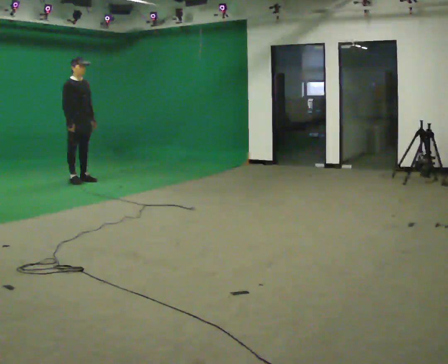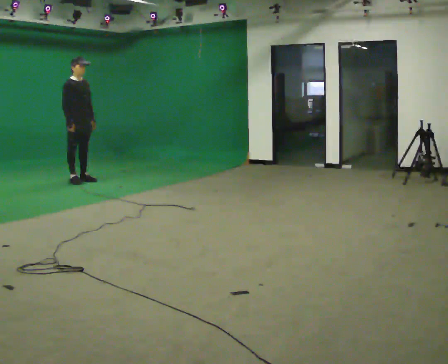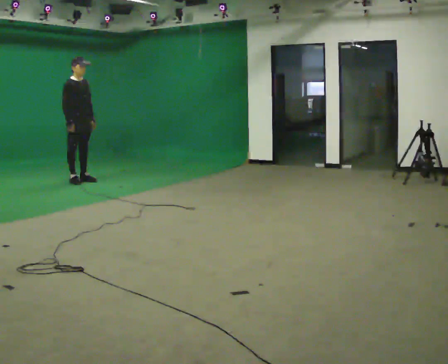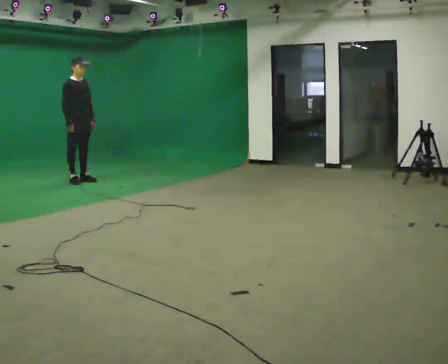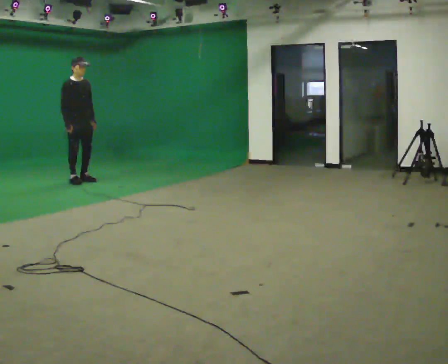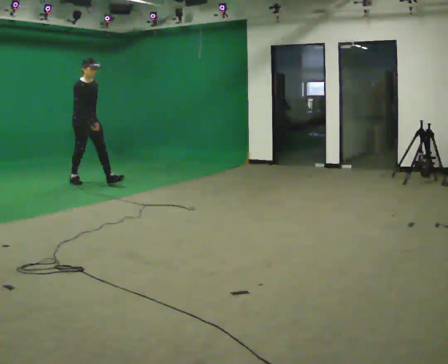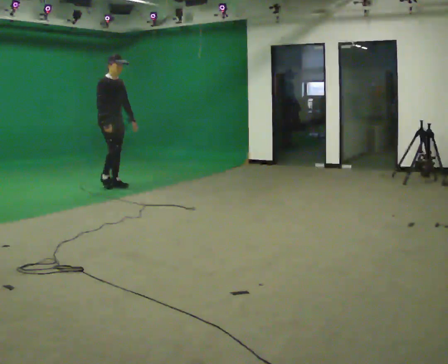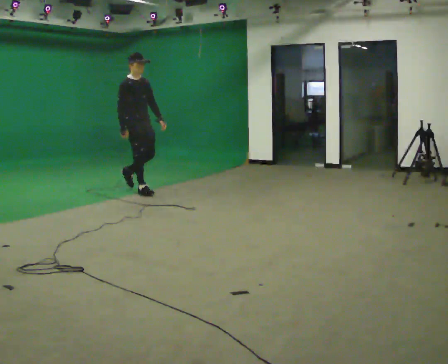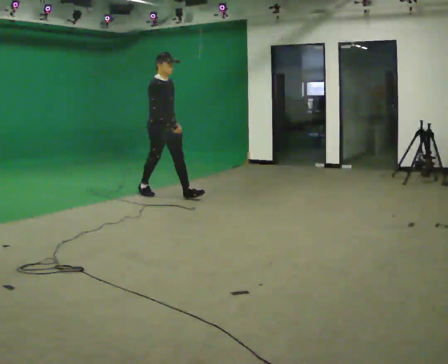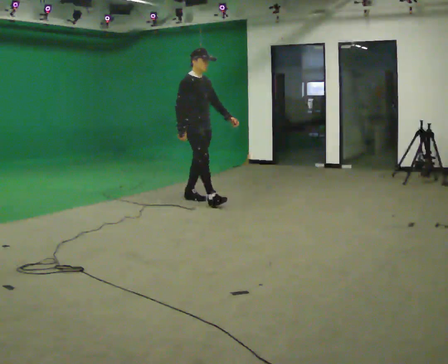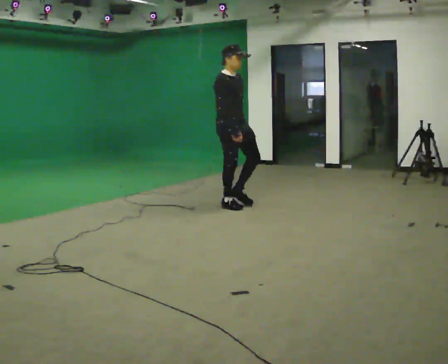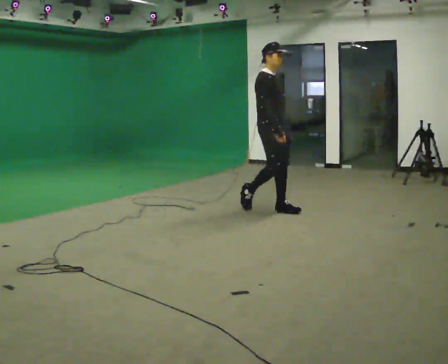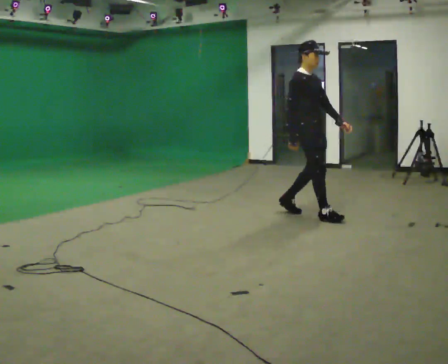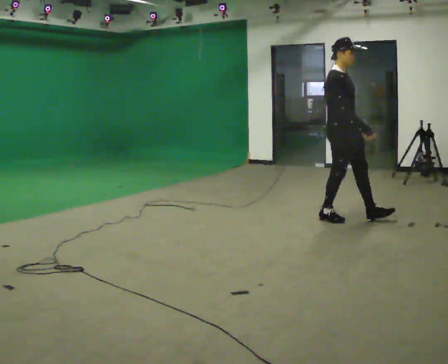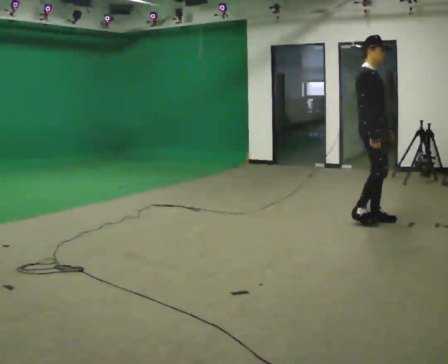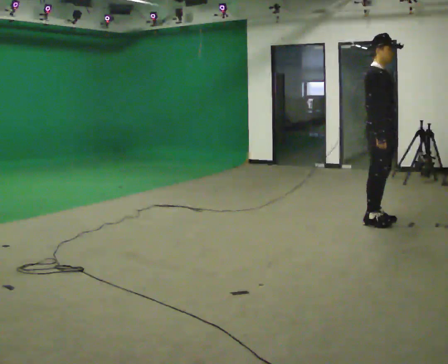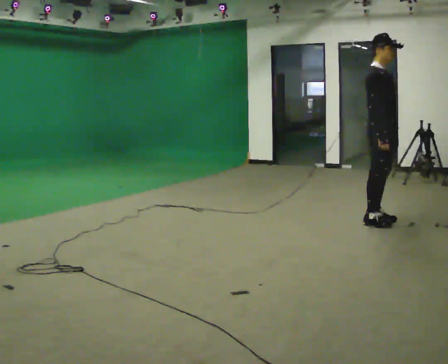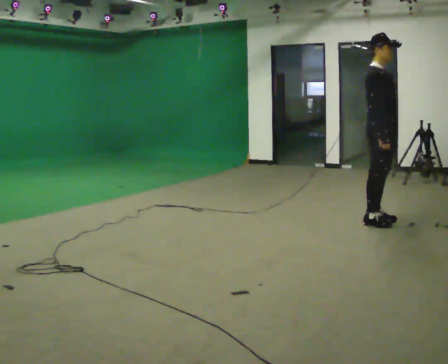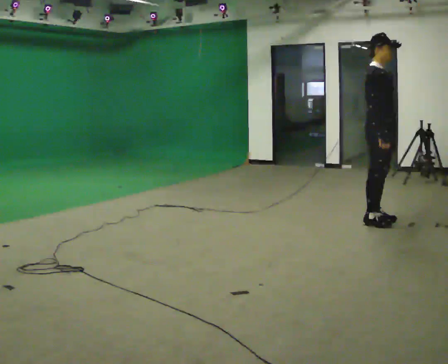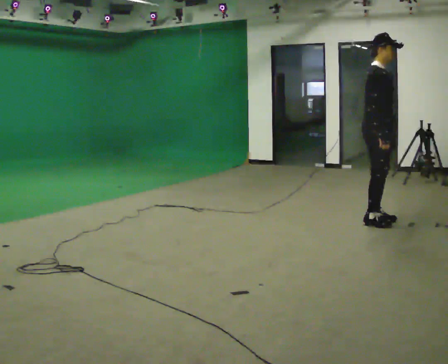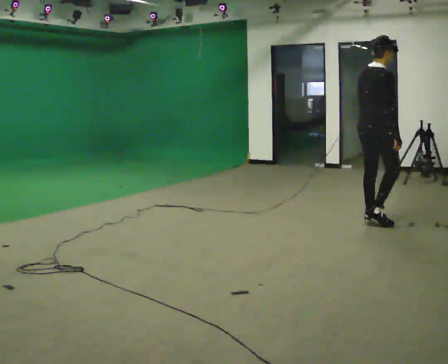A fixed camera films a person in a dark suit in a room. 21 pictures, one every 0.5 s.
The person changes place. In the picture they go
to the right.
0.0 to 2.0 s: The person moves a little, or ends about where they began.
2.0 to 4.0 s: In the picture they go to the right and toward the camera, about 1.5 m in 3 steps, which for them is forward.
4.0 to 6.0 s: In the picture they go to the right and toward the camera, about 2 m in 3 steps, which for them is forward.
6.0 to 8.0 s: In the picture they go to the right and toward the camera, about 0.5 m in 2 steps, which for them is forward.
8.0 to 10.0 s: Seen from above the body turns counterclockwise, about 60 degrees: to their left, with its near side sliding to the right.
The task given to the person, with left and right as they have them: Stand still 2 s; begin walking naturally; walk forward; stop.
The film runs forward here.
